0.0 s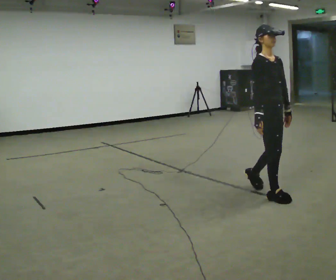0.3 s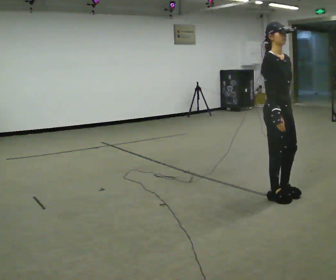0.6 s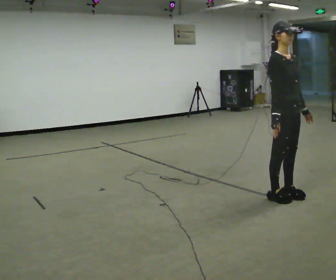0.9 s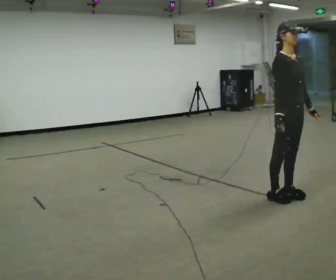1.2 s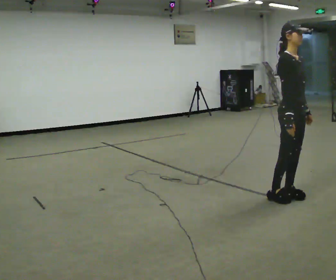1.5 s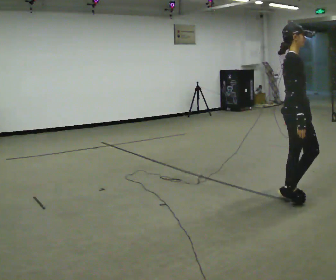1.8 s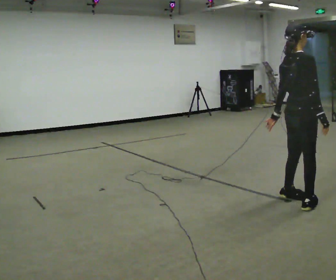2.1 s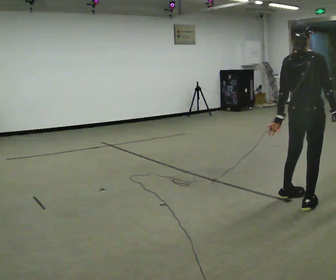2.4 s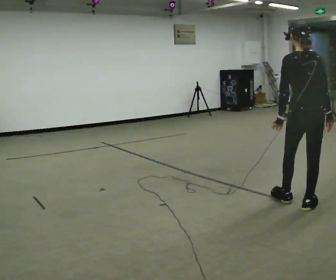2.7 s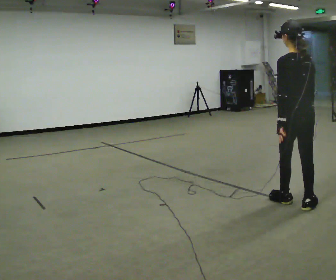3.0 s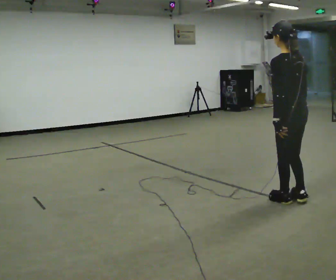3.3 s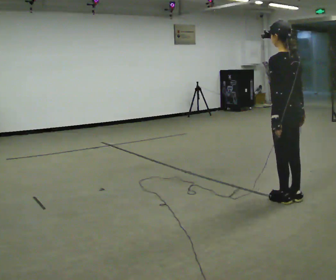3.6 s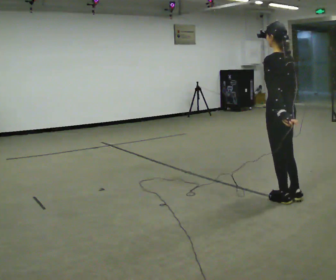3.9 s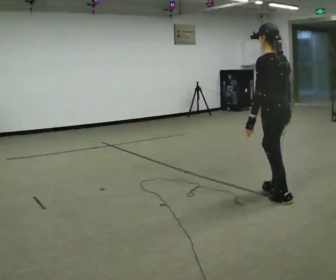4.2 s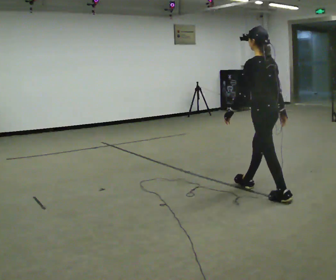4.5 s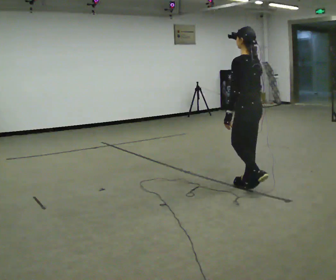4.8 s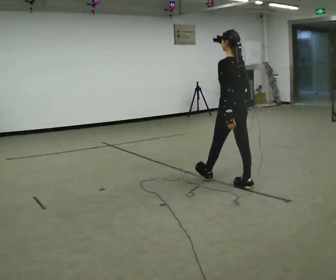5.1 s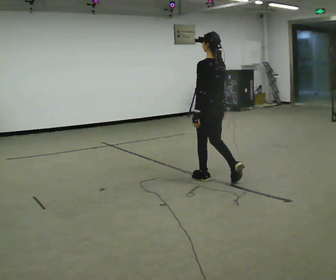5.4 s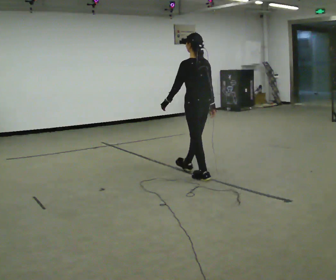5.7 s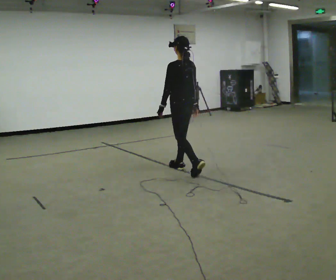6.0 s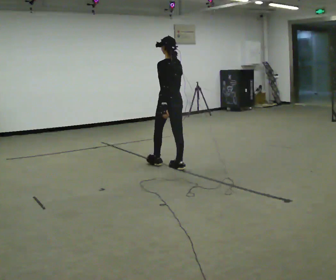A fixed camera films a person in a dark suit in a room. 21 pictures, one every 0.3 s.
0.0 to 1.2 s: In the picture they go to the right, about 0.25 m in 1 step, which for them is forward.
1.2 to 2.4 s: The part of the body nearest the lens slides to the right as the person turns to their left by about 135 degrees. In the picture they go toward the camera, about 0.25 m in 2 steps. In the picture their right hand goes to the right.
2.4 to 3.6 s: The part of the body nearest the lens slides to the right as the person turns to their left by about 30 degrees. In the picture they go to the left and away from the camera, about 0.25 m in 1 step, which for them is forward.
3.6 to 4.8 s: In the picture they go away from the camera and to the left, about 0.75 m in 1 step, which for them is forward.
4.8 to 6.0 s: In the picture they go to the left and away from the camera, about 1 m in 2 steps, which for them is forward.
The film runs forward here.
